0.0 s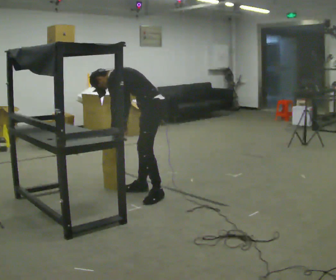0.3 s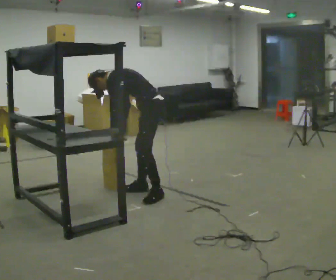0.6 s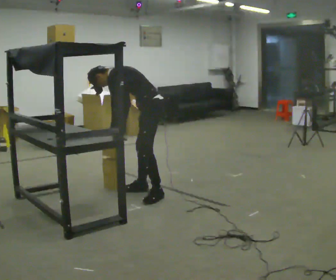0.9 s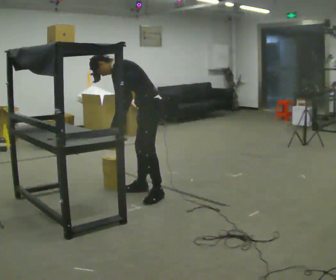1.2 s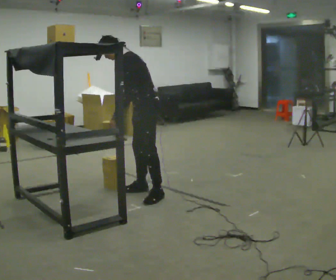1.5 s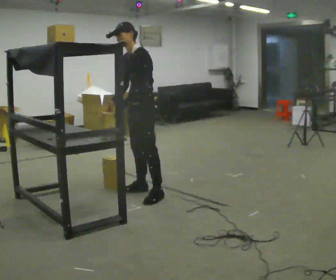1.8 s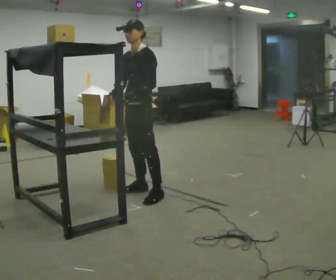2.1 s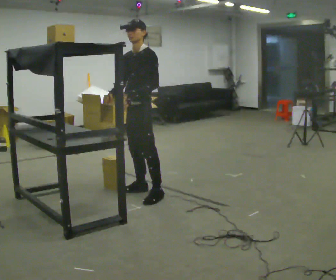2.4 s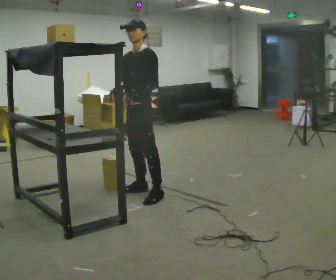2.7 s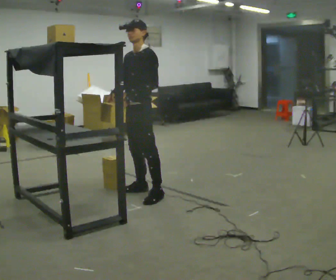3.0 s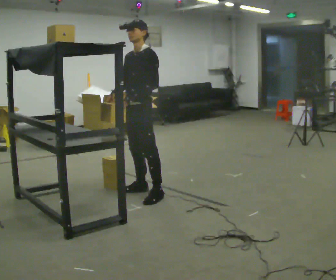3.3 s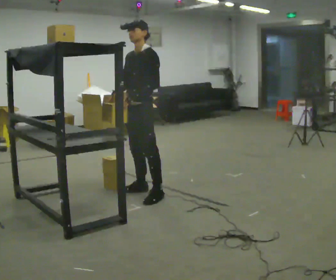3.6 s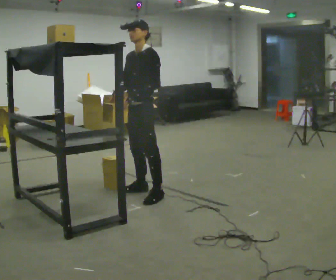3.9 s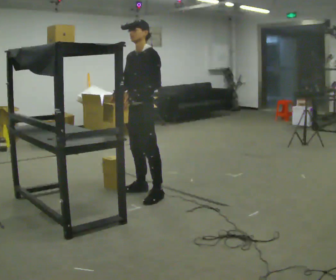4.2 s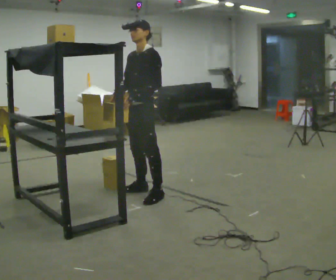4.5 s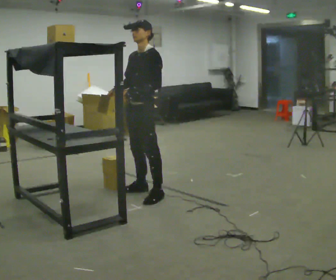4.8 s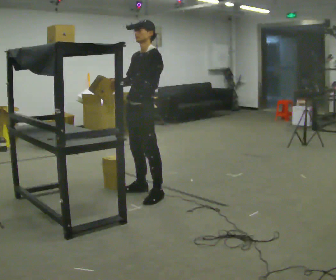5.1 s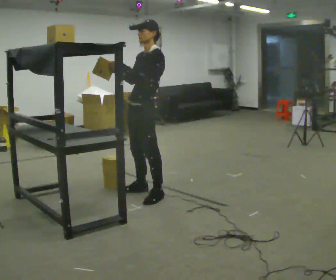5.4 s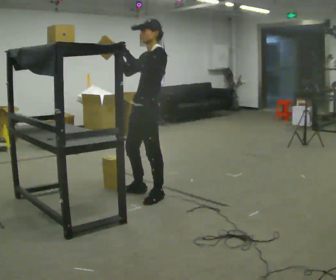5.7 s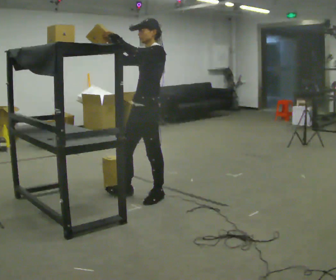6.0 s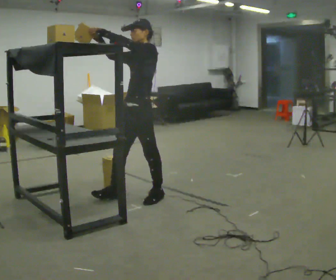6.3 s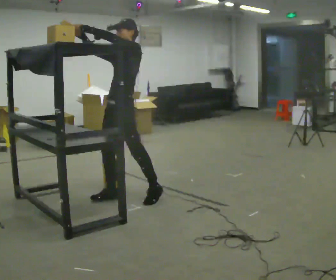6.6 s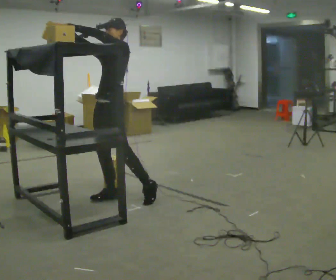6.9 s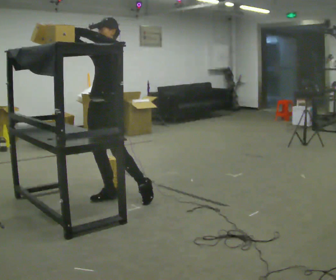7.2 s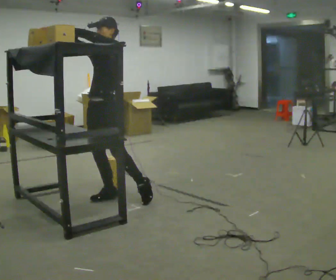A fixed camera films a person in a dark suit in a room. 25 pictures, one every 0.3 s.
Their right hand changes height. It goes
upward.
The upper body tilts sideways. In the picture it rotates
clockwise.
0.0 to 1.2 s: The person turns about 30 degrees to their left, counterclockwise seen from above, so the part of the body nearest the lens slides to the right. The upper body goes upward. The upper body tips toward the camera, its near side rolling downward, as they lean back or straighten.
1.2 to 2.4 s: The part of the body nearest the lens slides to the right as the person turns to their left by about 30 degrees. In the picture the upper body tilts clockwise, shoulders to the right, as they lean back or straighten.
2.4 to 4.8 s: The person moves a little, or ends about where they began.
4.8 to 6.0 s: In the picture their left hand goes upward.
6.0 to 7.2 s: In the picture they go to the left, about 0.25 m, which for them is forward and to their right.
The film runs forward here.
